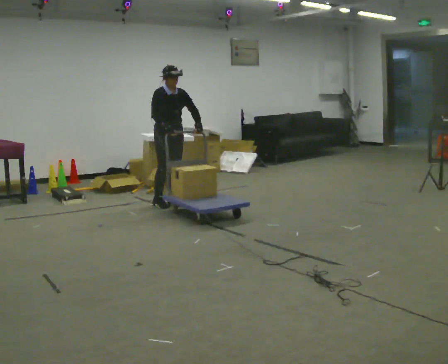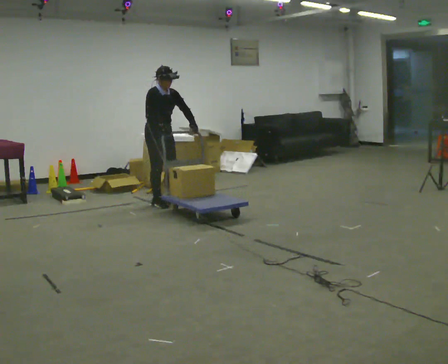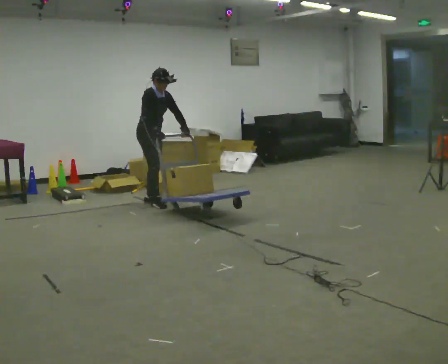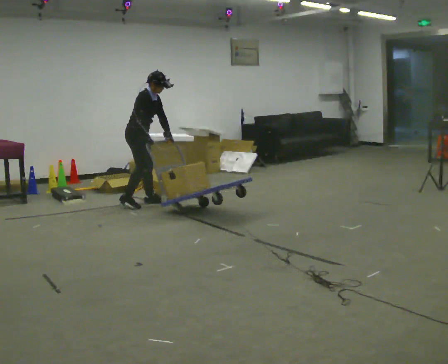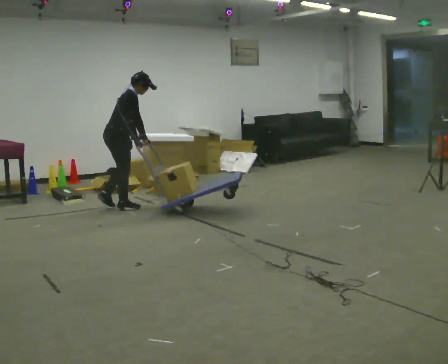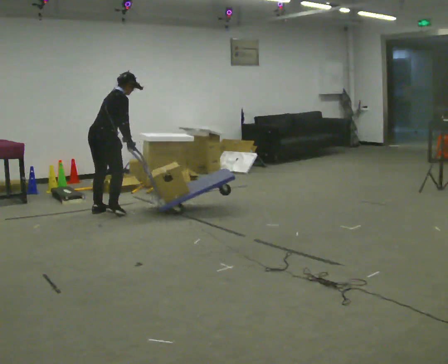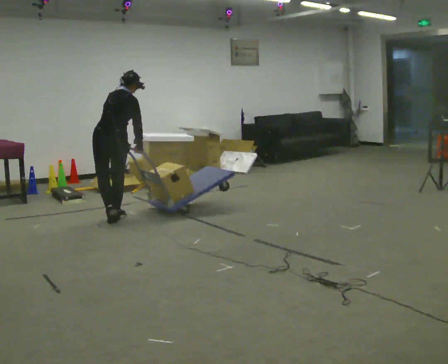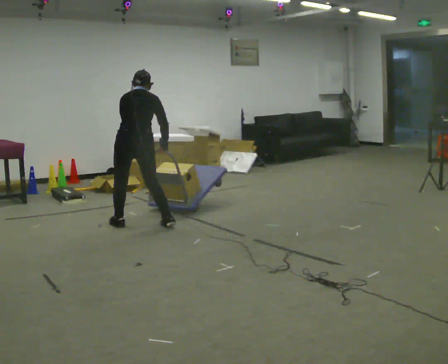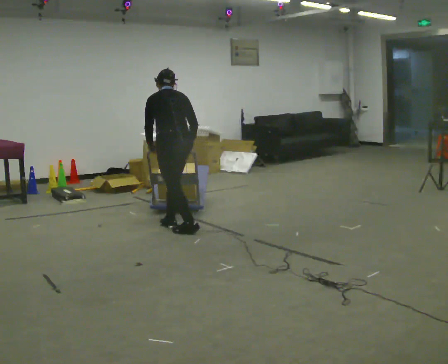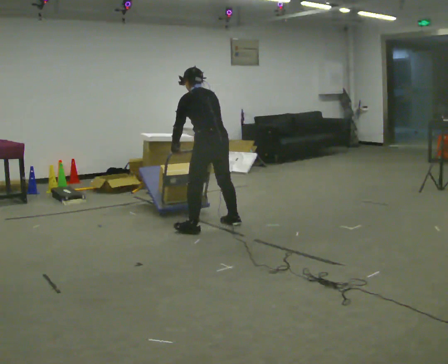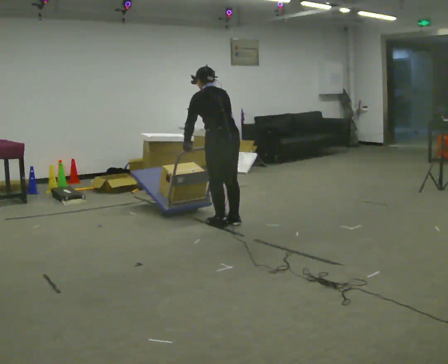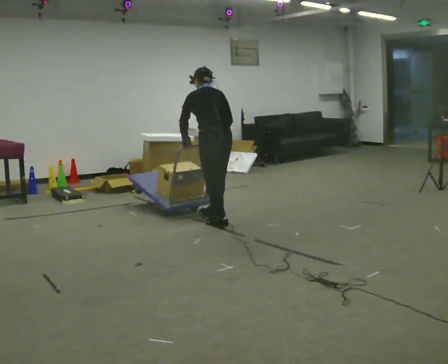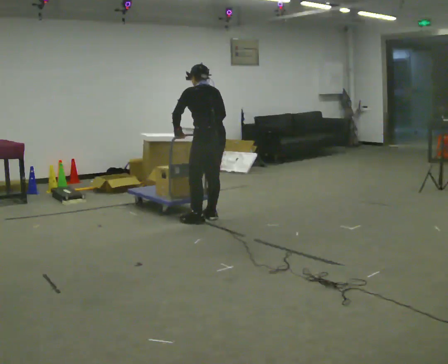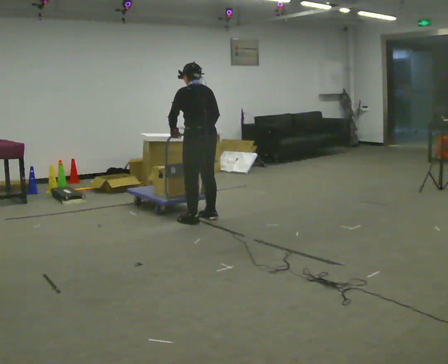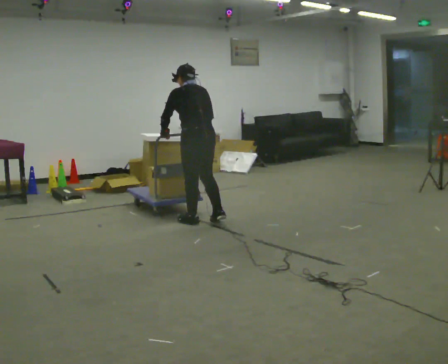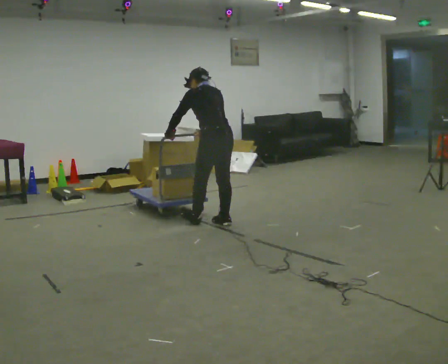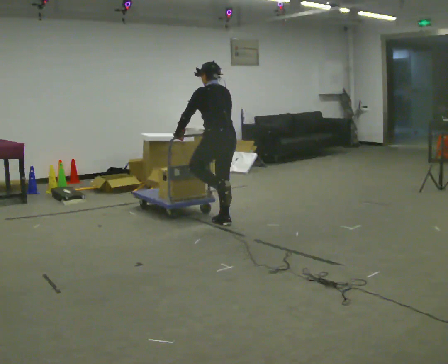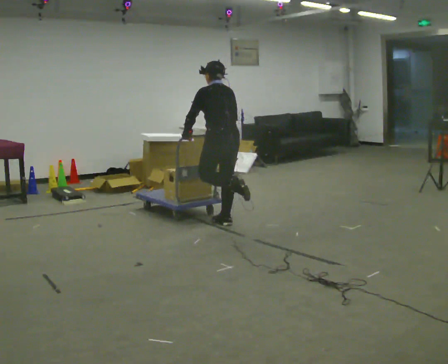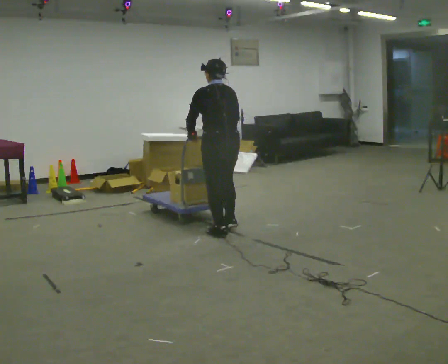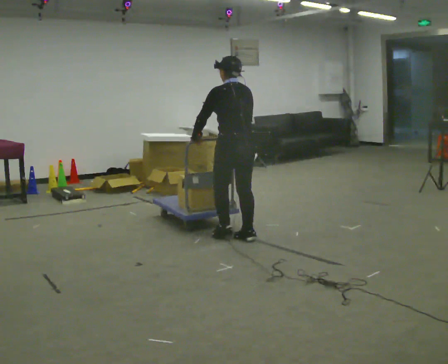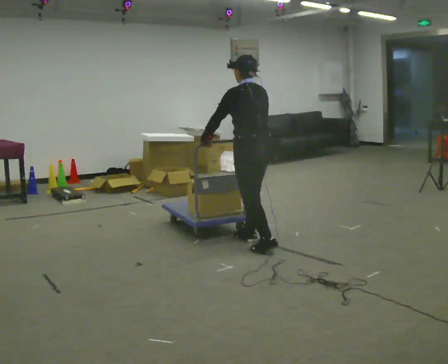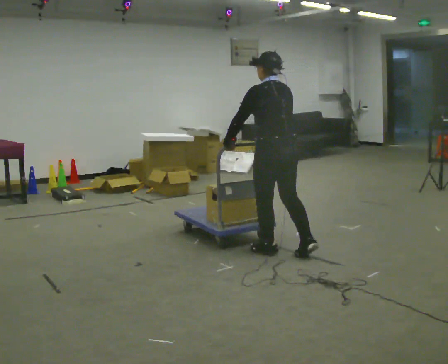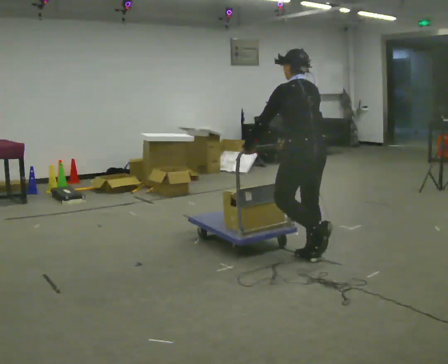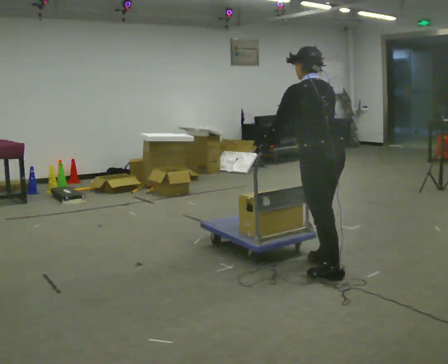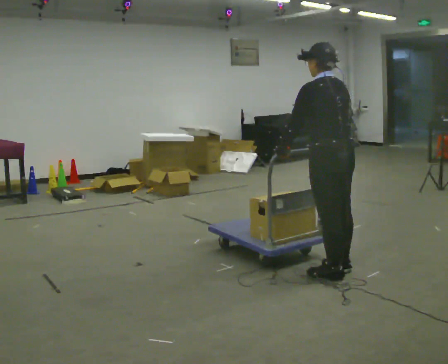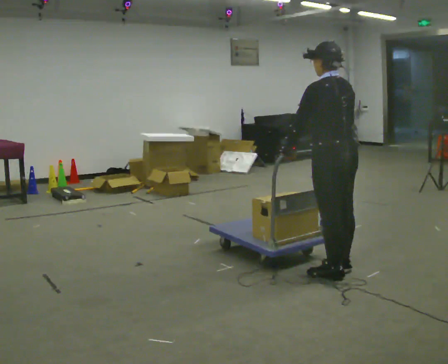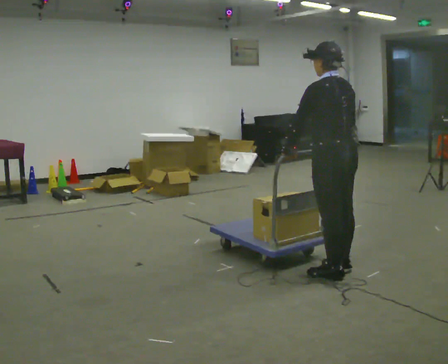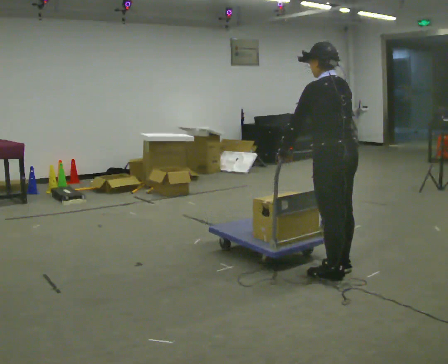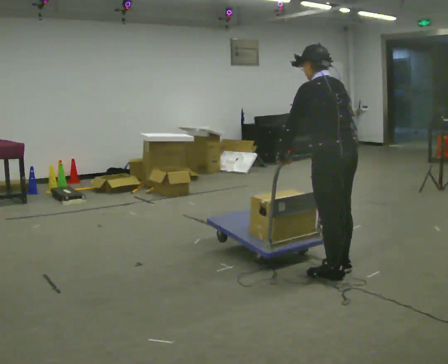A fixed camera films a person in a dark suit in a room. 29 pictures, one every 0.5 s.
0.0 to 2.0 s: Seen from above the body turns counterclockwise, about 75 degrees: to their left, with its near side sliding to the right. In the picture they go to the left and toward the camera, about 0.5 m in 3 steps. In the picture the upper body tilts clockwise, shoulders to the right, as they bend forward.
2.0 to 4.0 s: The person turns about 105 degrees to their left, counterclockwise seen from above, so the part of the body nearest the lens slides to the right. In the picture they go toward the camera and to the right, about 1 m in 4 steps. In the picture the upper body tilts counterclockwise, shoulders to the left.
4.0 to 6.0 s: In the picture they go away from the camera and to the right, about 0.5 m in 4 steps, which for them is to their right.
6.0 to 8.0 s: The person moves a little, or ends about where they began.
8.0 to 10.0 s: In the picture they go toward the camera and to the right, about 0.5 m in 3 steps, which for them is backward.
10.0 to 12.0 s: In the picture they go toward the camera and to the right, about 1 m in 3 steps, which for them is backward.
12.0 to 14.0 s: The person moves a little, or ends about where they began.
The film runs backward here.
